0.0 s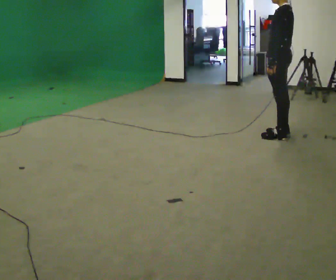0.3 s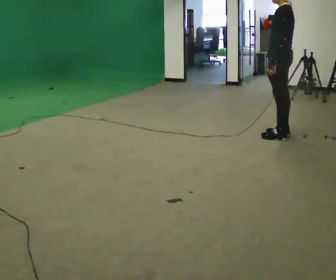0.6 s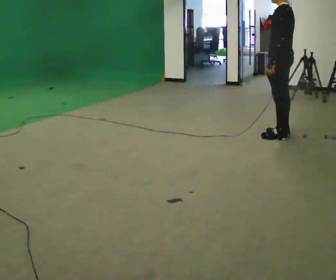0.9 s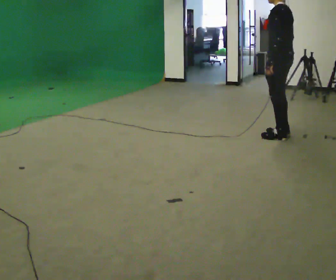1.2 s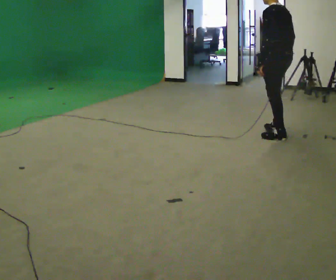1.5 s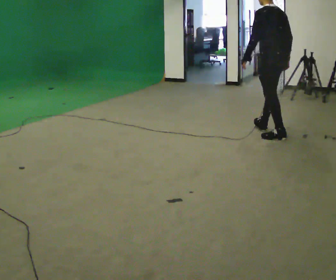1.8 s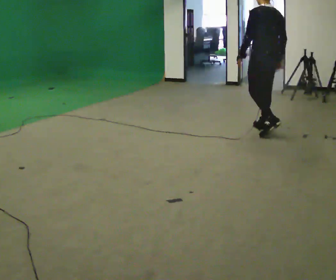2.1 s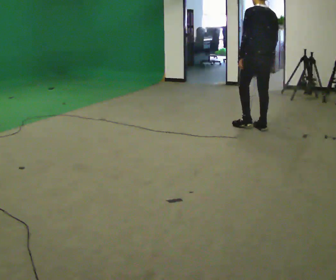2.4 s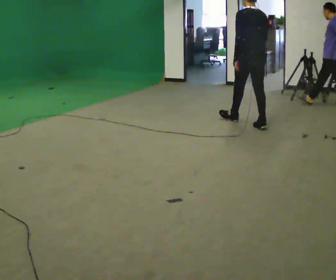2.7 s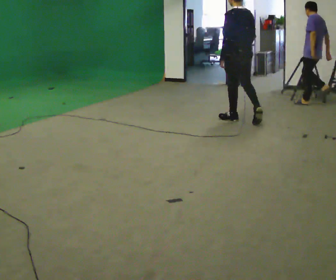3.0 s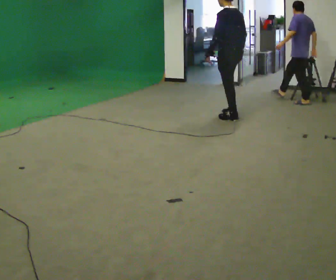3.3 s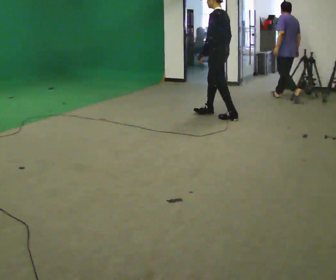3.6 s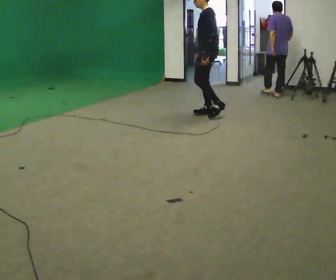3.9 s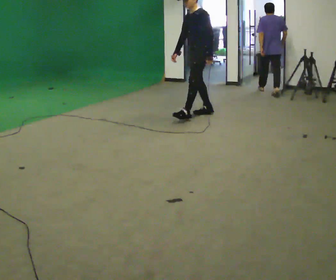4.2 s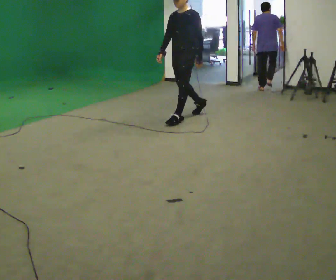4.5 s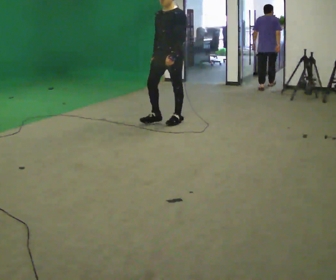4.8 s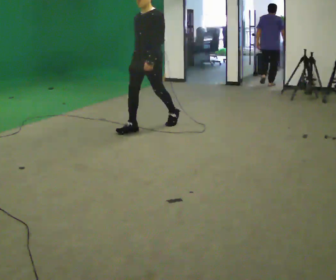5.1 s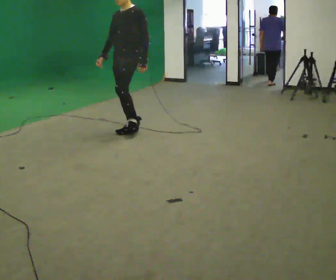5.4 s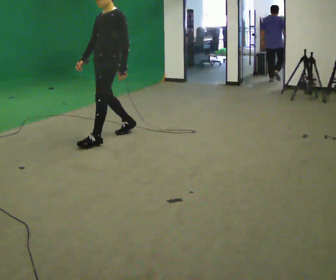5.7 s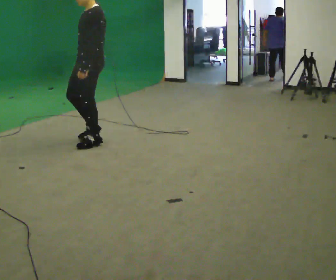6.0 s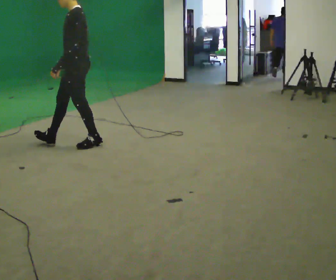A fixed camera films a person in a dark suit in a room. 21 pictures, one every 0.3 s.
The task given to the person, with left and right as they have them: Walk continuously ~15 s; naturally alternate slow/normal/fast several times; no stop.
0.0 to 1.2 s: The person moves a little, or ends about where they began.
1.2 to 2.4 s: The part of the body nearest the lens slides to the left as the person turns to their right by about 30 degrees. In the picture they go away from the camera and to the left, about 0.5 m in 2 steps, which for them is forward.
2.4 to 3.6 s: Seen from above the body turns counterclockwise, about 75 degrees: to their left, with its near side sliding to the right. In the picture they go to the left and away from the camera, about 0.5 m in 1 step.
3.6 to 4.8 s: Seen from above the body turns counterclockwise, about 60 degrees: to their left, with its near side sliding to the right. In the picture they go toward the camera and to the left, about 1 m in 2 steps, which for them is forward.
4.8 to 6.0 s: The person turns about 30 degrees to their right, clockwise seen from above, so the part of the body nearest the lens slides to the left. In the picture they go toward the camera and to the left, about 1 m in 1 step, which for them is forward.
The film runs forward here.
